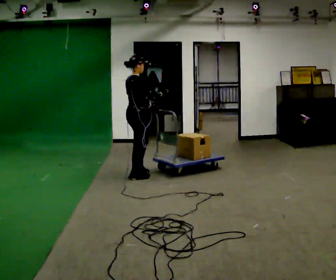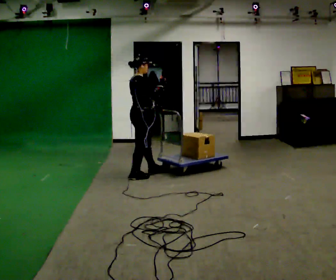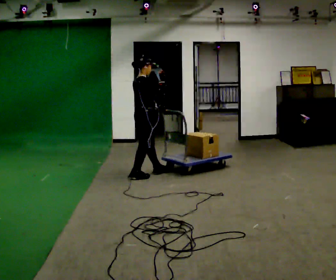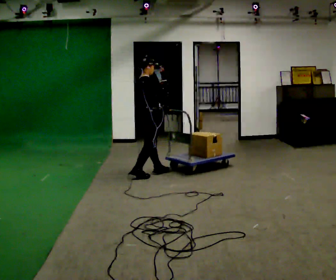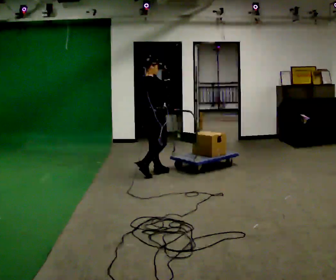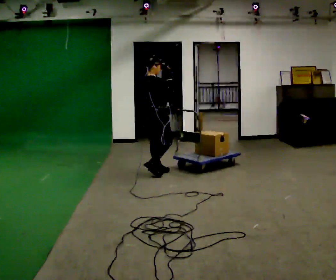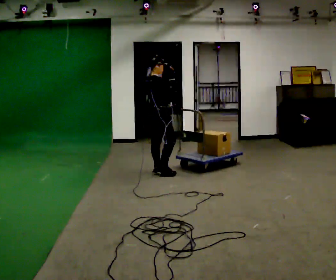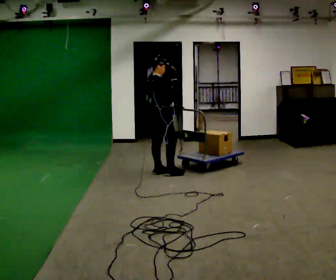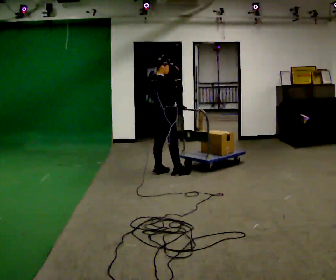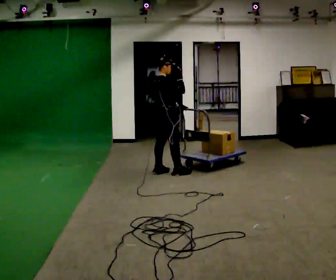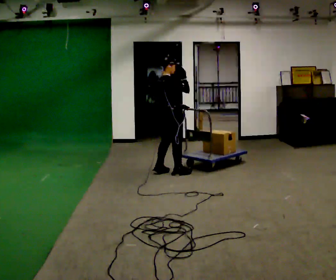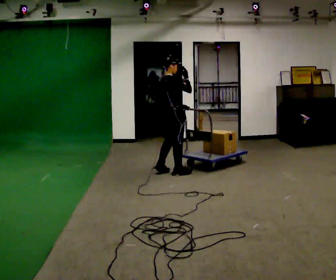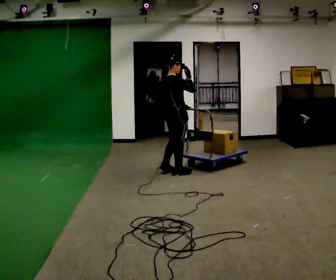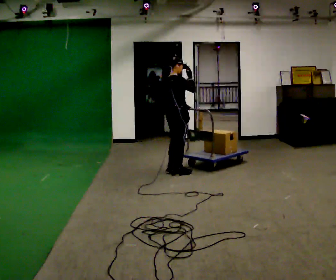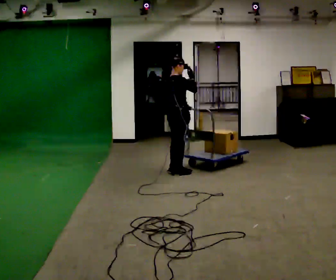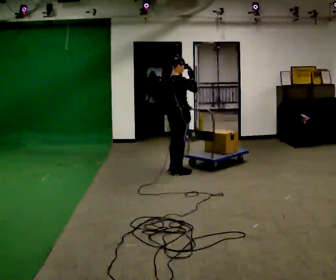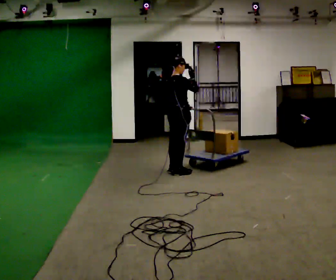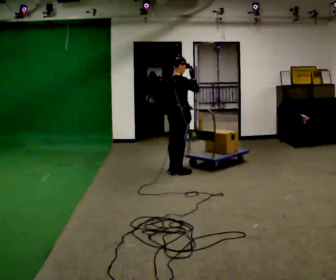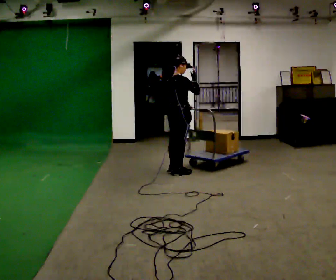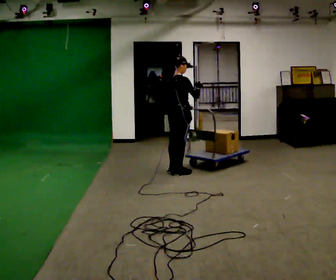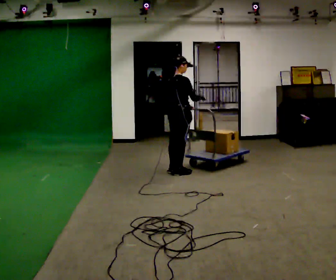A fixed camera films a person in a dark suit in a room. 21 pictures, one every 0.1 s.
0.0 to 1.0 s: In the picture they go to the right and away from the camera, about 0.5 m in 2 steps, which for them is forward.
1.0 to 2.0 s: In the picture their right hand goes downward.
The film runs forward here.
